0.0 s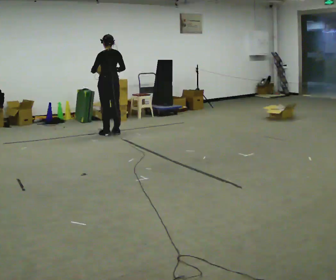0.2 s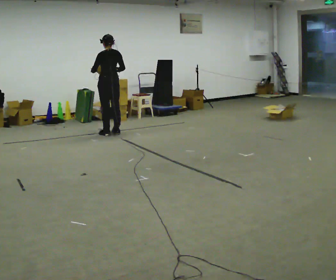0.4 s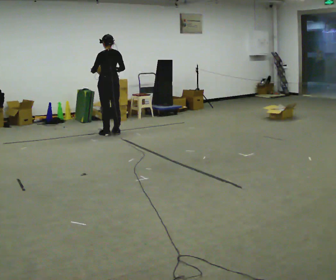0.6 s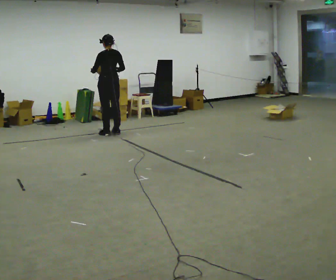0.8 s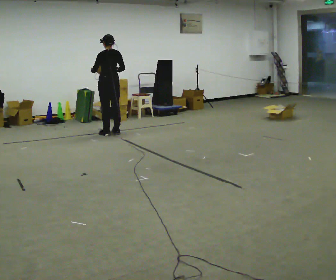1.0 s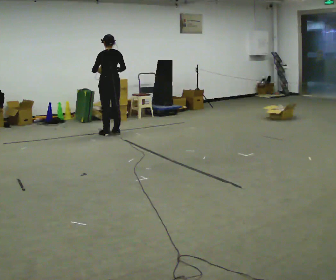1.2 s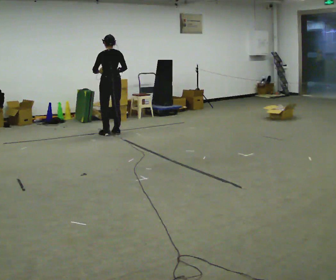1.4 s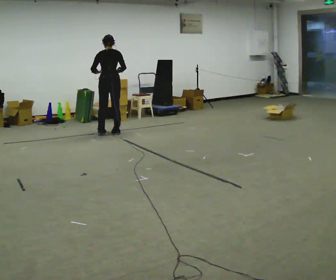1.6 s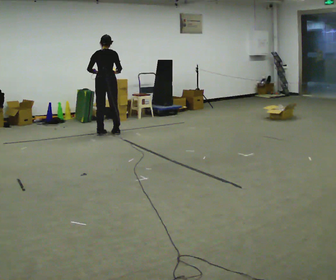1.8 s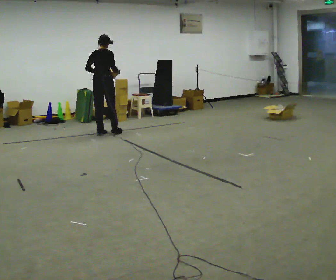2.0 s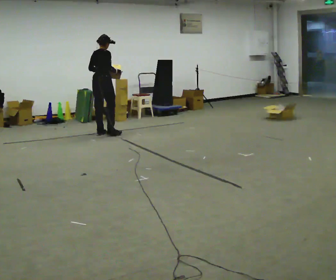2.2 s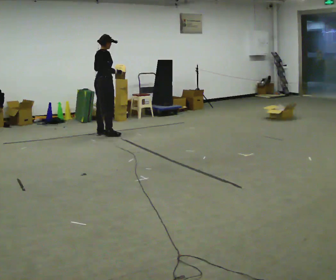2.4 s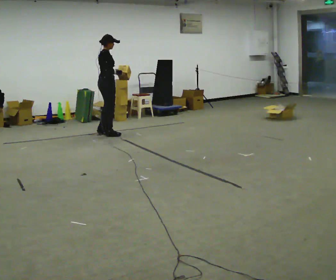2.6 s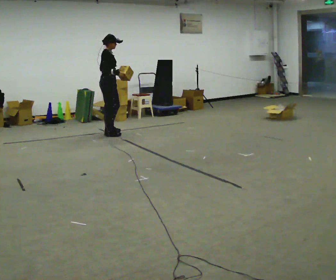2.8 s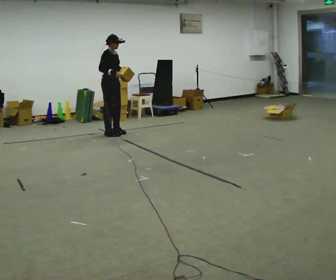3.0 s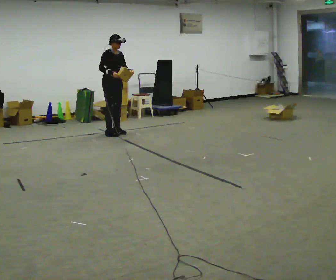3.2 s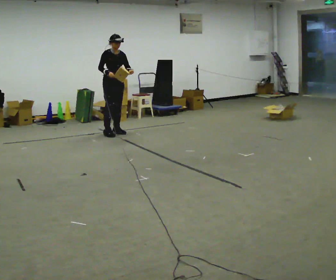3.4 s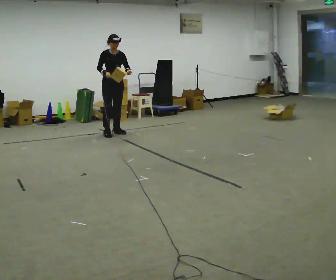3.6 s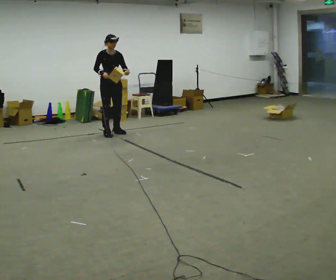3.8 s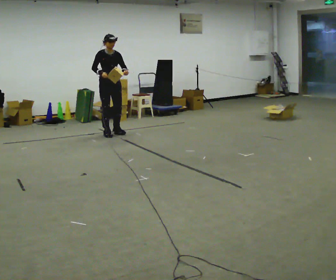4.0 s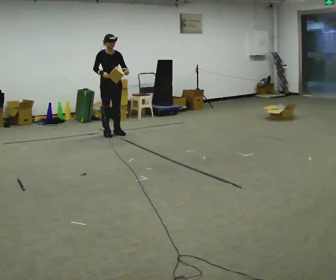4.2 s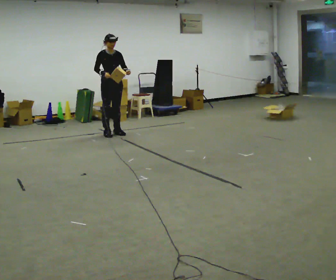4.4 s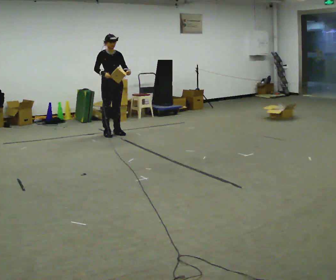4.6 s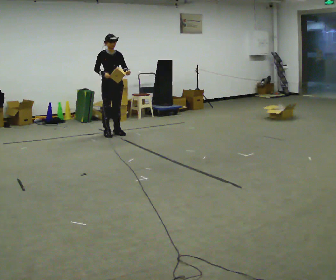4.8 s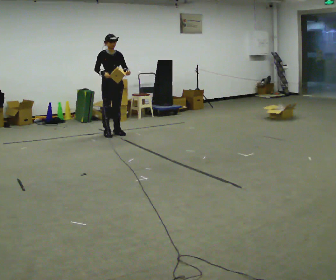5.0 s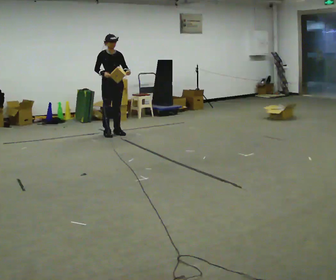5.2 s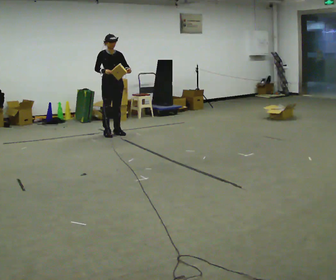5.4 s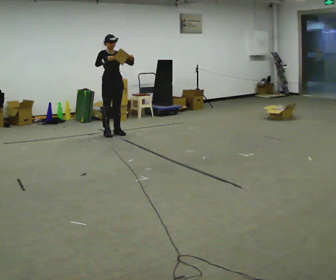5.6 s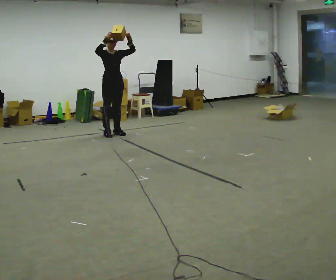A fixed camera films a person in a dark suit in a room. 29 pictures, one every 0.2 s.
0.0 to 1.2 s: The person moves a little, or ends about where they began.
1.2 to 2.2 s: The part of the body nearest the lens slides to the left as the person turns to their right by about 90 degrees.
2.2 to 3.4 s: Seen from above the body turns clockwise, about 90 degrees: to their right, with its near side sliding to the left. In the picture their left hand goes to the right.
3.4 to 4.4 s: The person moves a little, or ends about where they began.
4.4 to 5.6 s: In the picture their right hand goes upward.
The film runs forward here.
